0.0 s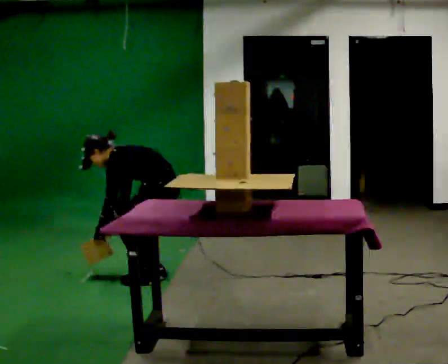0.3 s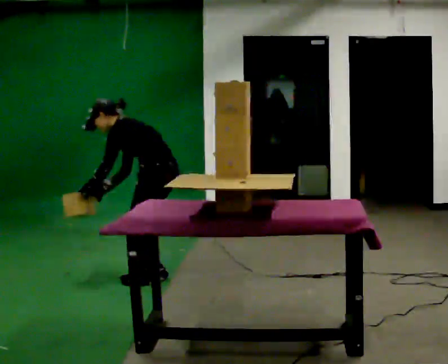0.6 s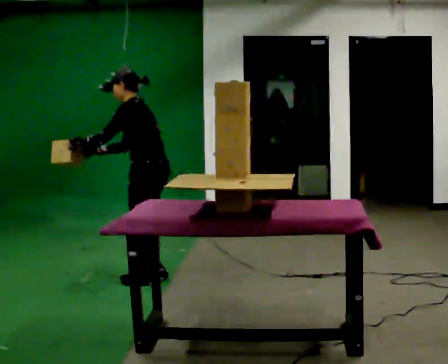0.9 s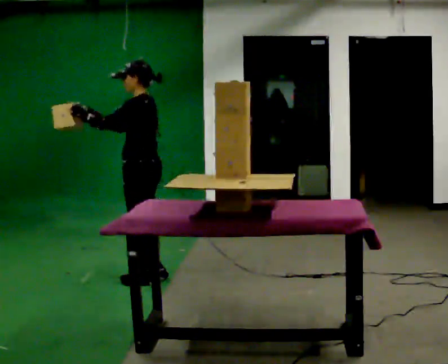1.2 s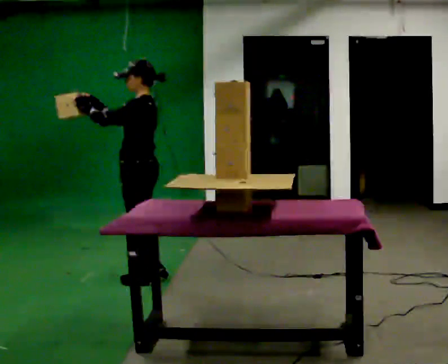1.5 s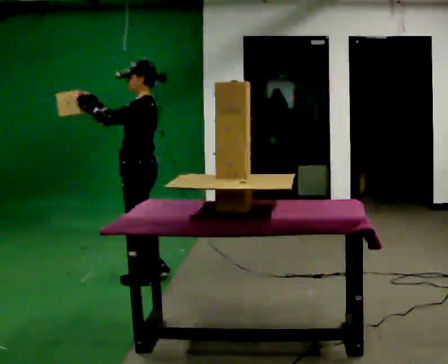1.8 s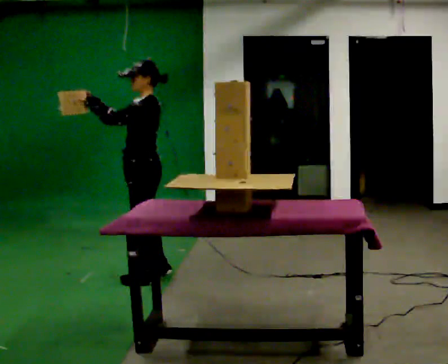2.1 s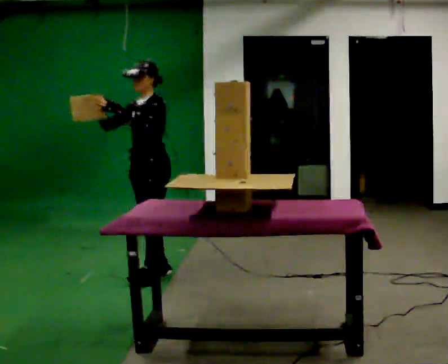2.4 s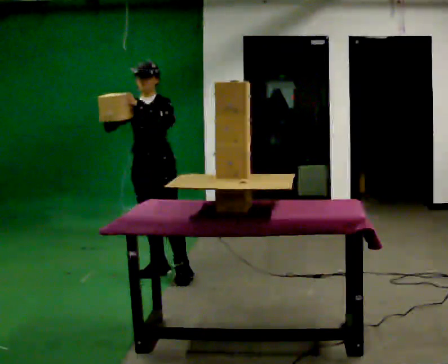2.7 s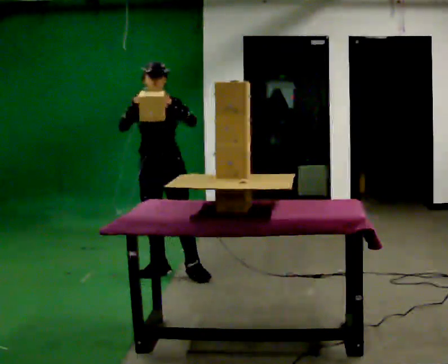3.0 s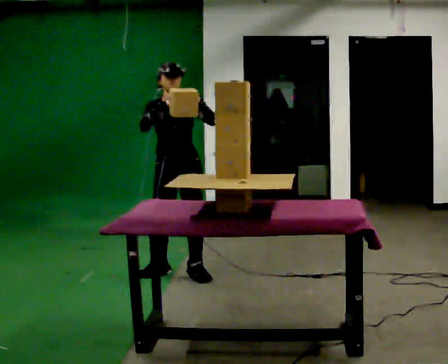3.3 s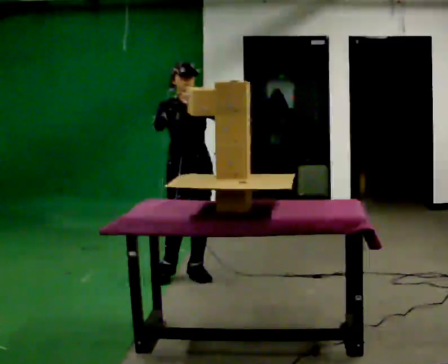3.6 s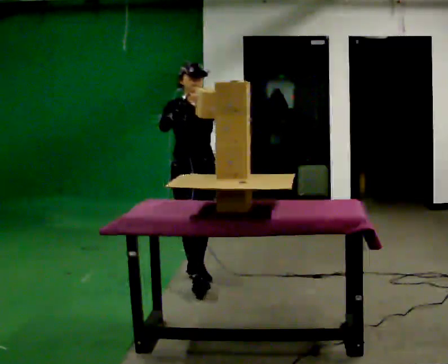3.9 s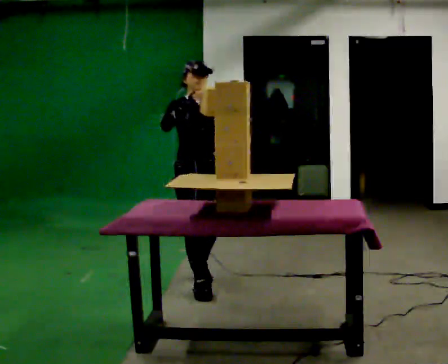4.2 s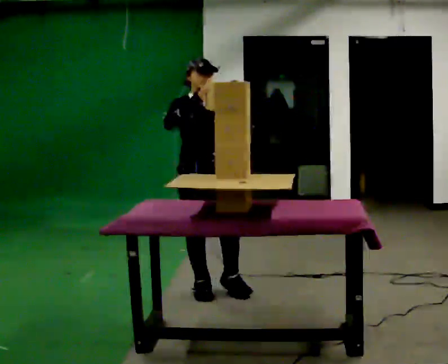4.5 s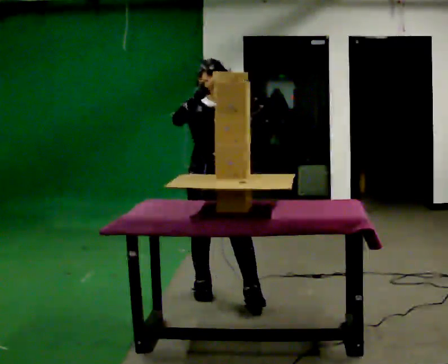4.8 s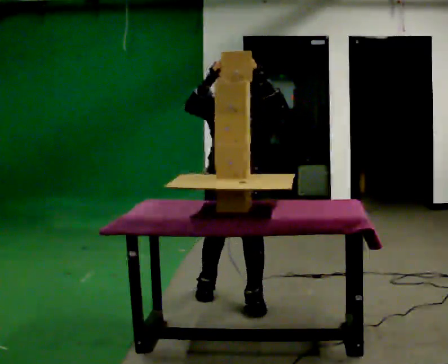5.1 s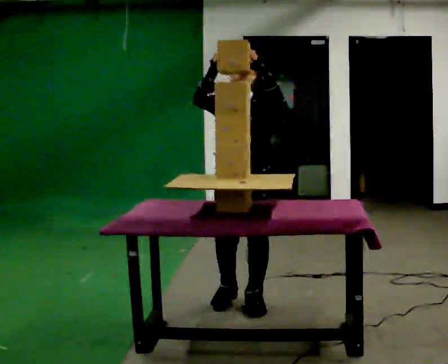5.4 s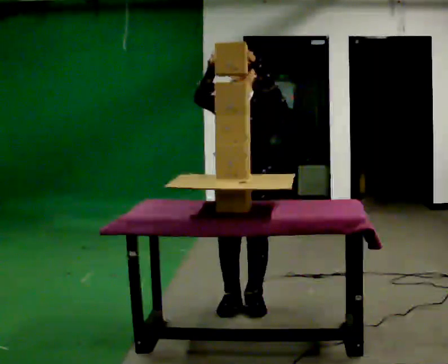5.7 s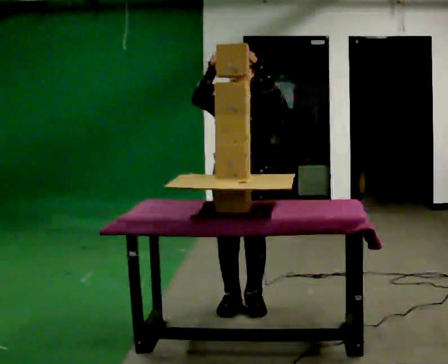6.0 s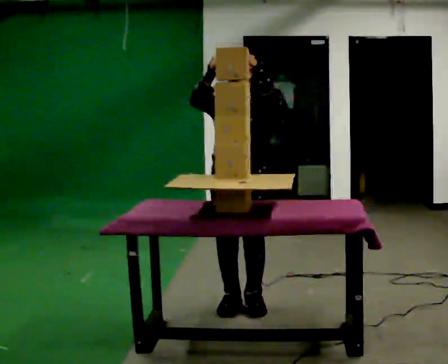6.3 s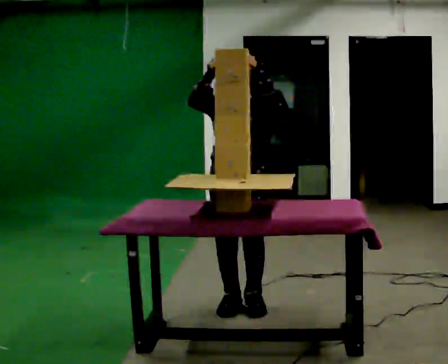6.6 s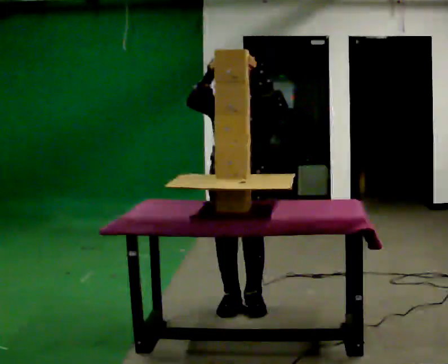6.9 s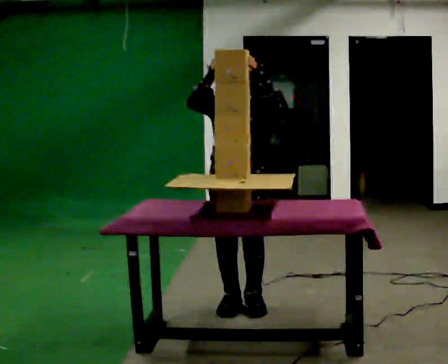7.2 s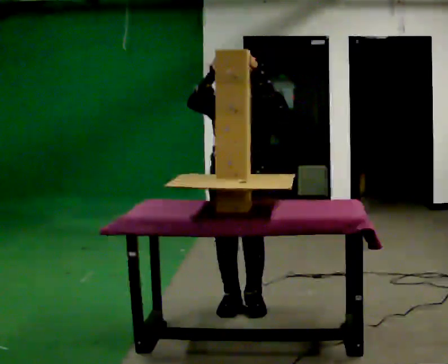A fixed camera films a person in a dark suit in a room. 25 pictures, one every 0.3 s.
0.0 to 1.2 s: The upper body goes upward. In the picture the upper body tilts clockwise, shoulders to the right, as they lean back or straighten. In the picture their right hand goes upward, the arm swinging clockwise.
1.2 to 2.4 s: Seen from above the body turns counterclockwise, about 75 degrees: to their left, with its near side sliding to the right. In the picture they go away from the camera, about 0.25 m in 1 step. In the picture their left hand goes to the right.
2.4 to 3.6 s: Seen from above the body turns counterclockwise, about 45 degrees: to their left, with its near side sliding to the right. In the picture they go to the right and toward the camera, about 0.25 m in 2 steps, which for them is to their left and forward.
3.6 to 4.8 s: In the picture they go toward the camera and to the right, about 0.5 m in 1 step, which for them is forward.
4.8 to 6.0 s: The person moves a little, or ends about where they began.
6.0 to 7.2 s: The person keeps their place and pose.
The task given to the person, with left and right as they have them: Carry the object over and set it down on the wobbly board without tipping it over. Keep going until the operator says stop; one object at a time, and do not rush between trips.
The film runs forward here.
